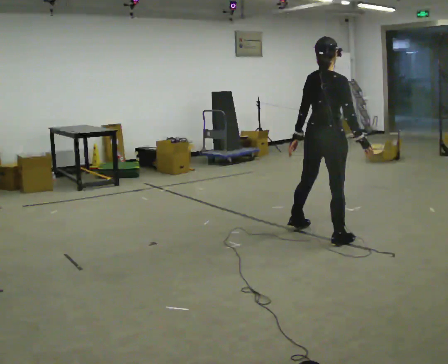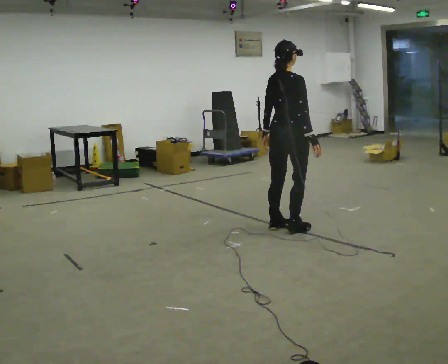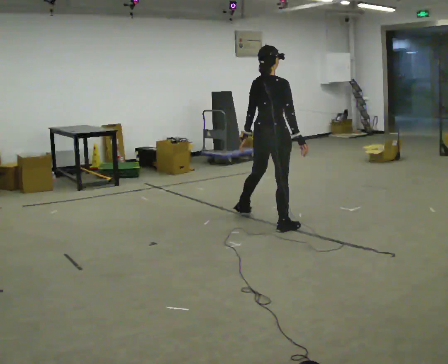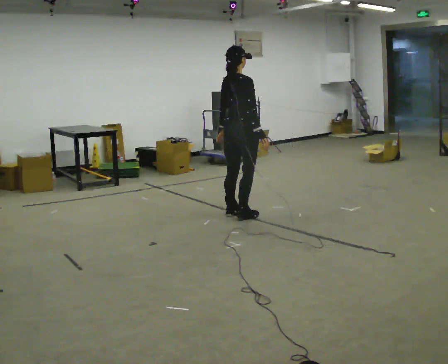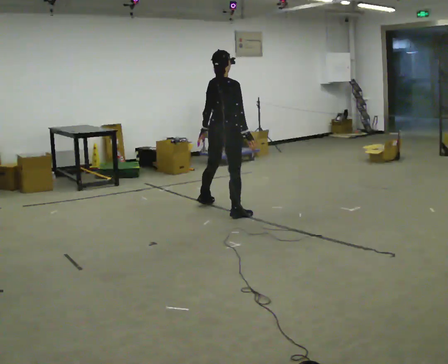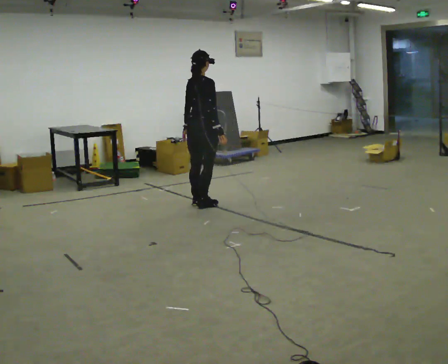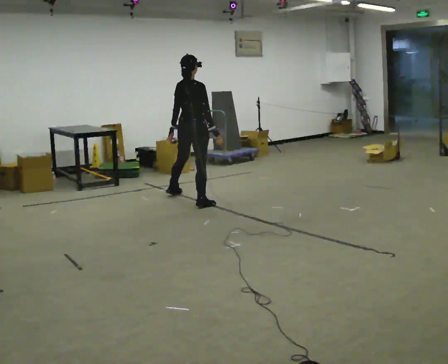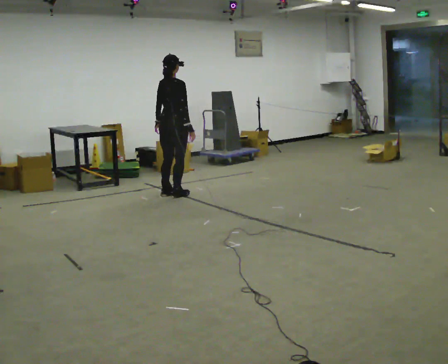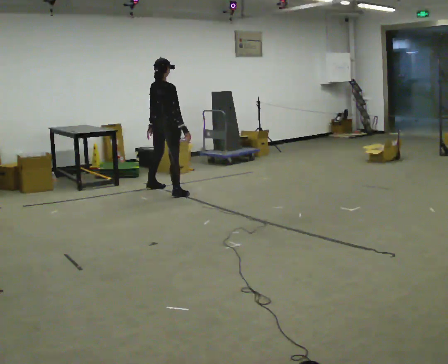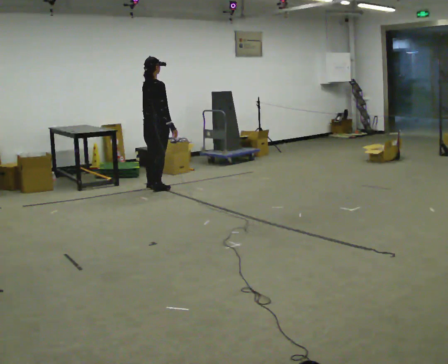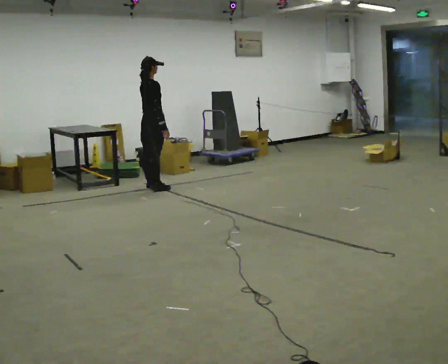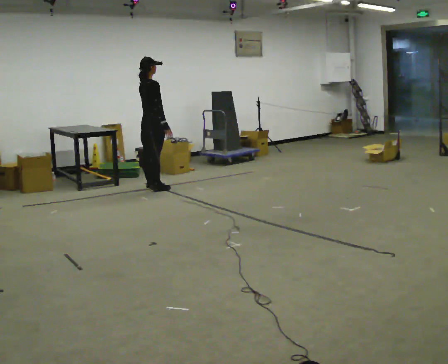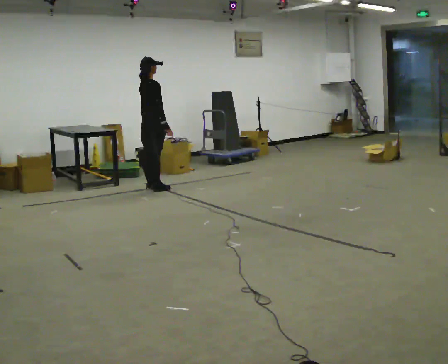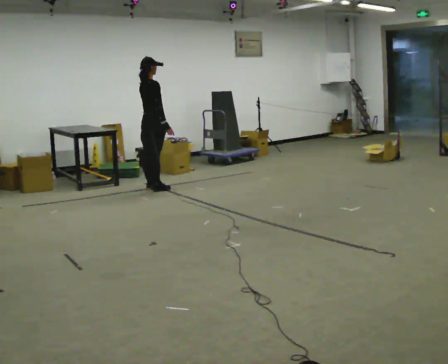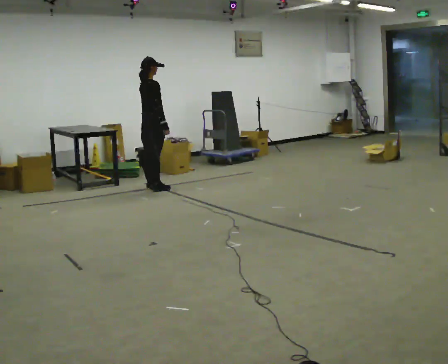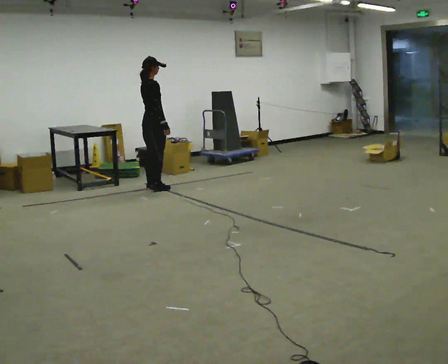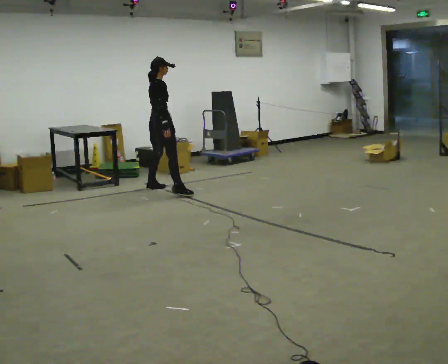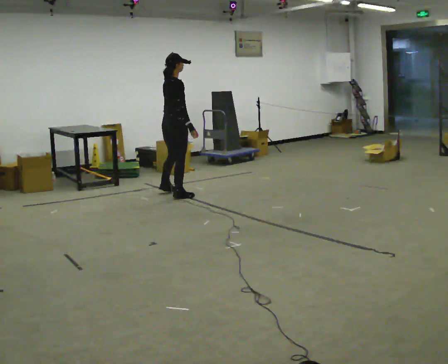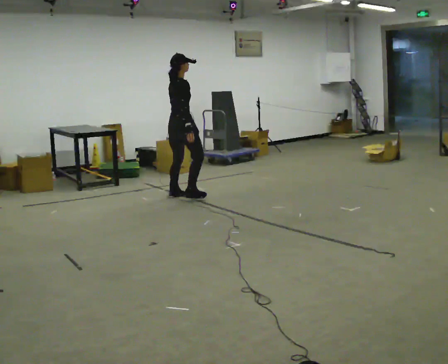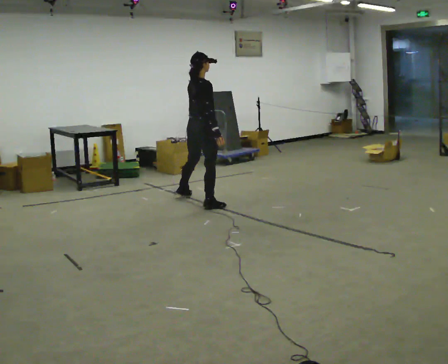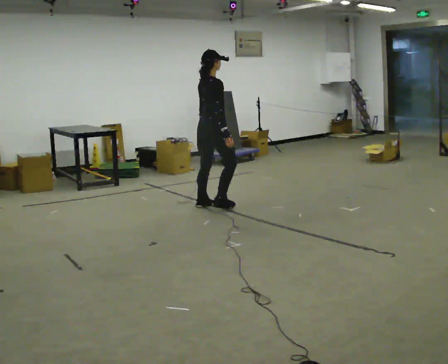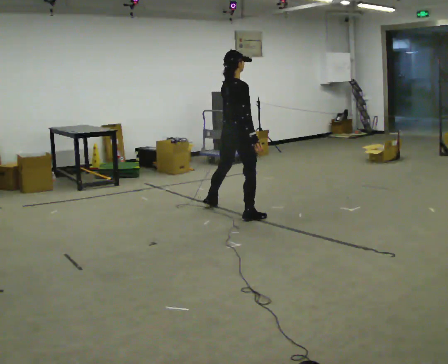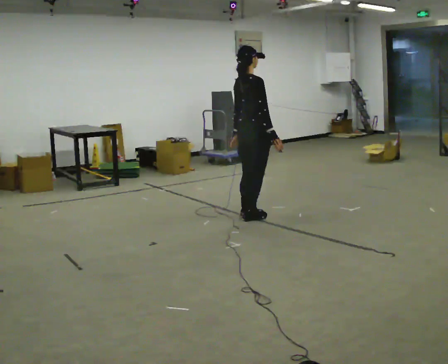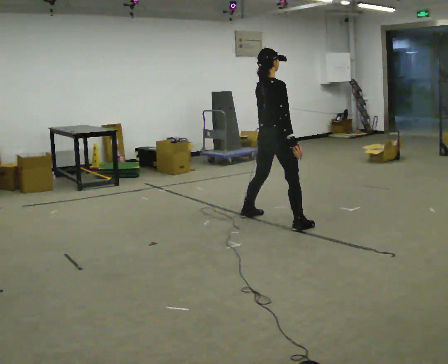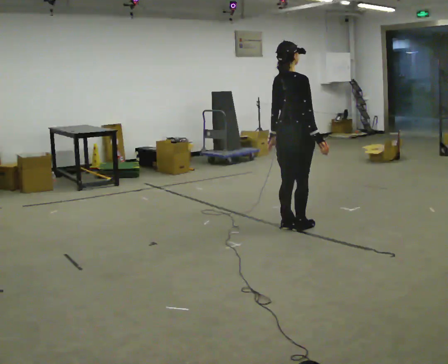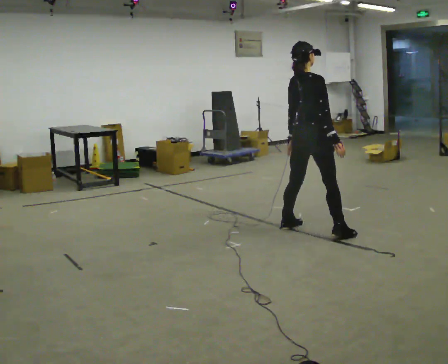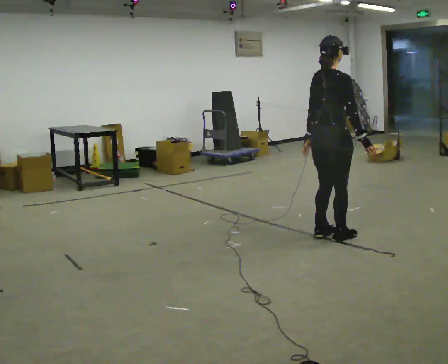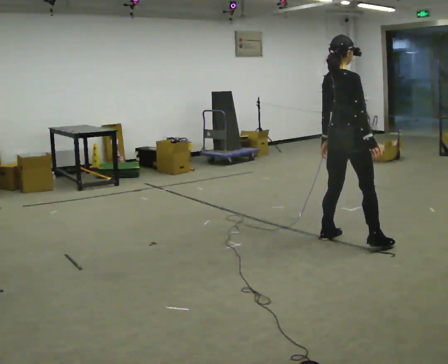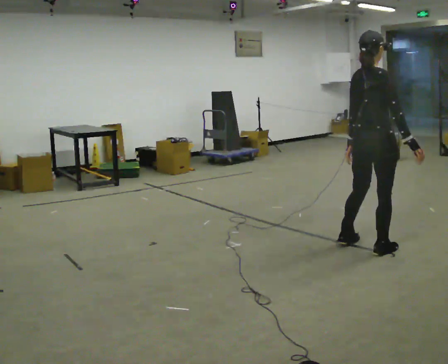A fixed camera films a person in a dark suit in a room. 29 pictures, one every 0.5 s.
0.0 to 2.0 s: In the picture they go away from the camera and to the left, about 1.5 m in 4 steps, which for them is to their left.
2.0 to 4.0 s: In the picture they go away from the camera and to the left, about 1 m in 5 steps, which for them is to their left.
4.0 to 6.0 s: In the picture they go away from the camera, about 0.25 m in 1 step, which for them is to their left.
6.0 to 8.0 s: The person moves a little, or ends about where they began.
8.0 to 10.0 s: In the picture they go toward the camera and to the right, about 1 m in 4 steps, which for them is to their right.
10.0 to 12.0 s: In the picture they go toward the camera and to the right, about 1 m in 4 steps, which for them is to their right.
12.0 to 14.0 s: In the picture they go toward the camera and to the right, about 1 m in 3 steps, which for them is to their right.
The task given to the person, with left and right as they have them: Move laterally left/right for ~3 m; natural controlled steps; stop.
The film runs forward here.
